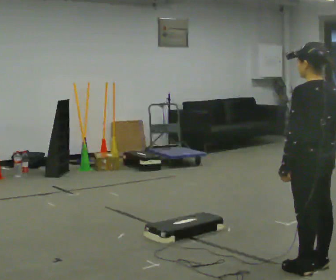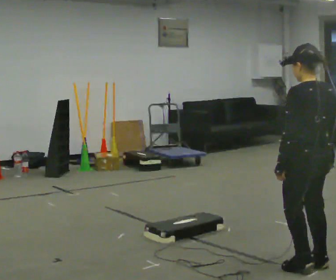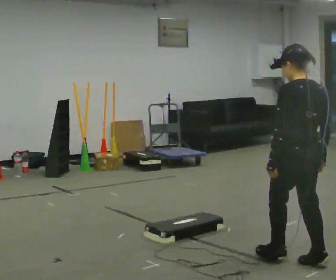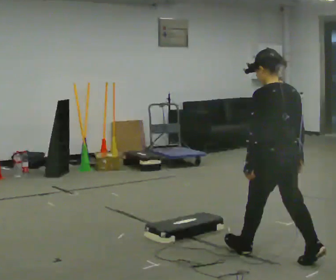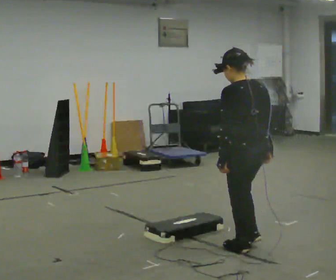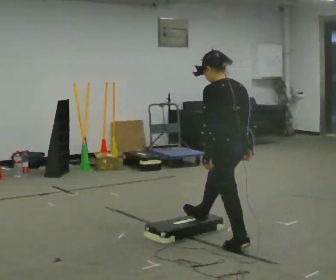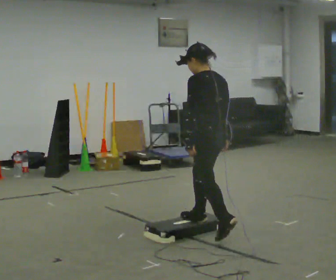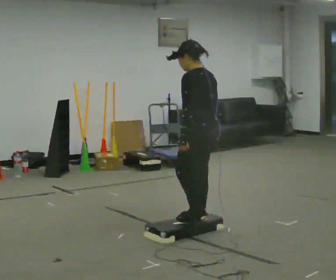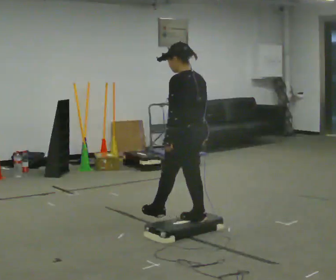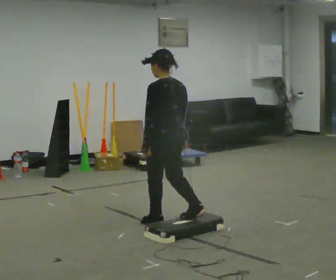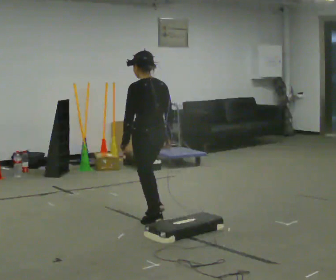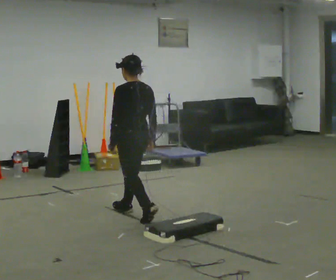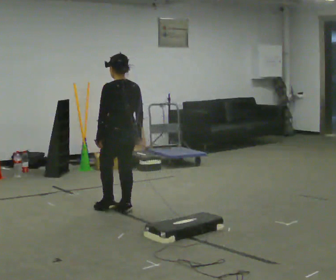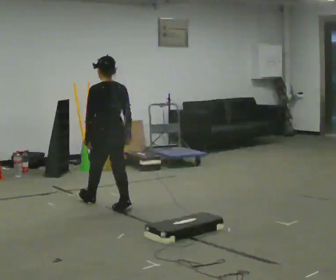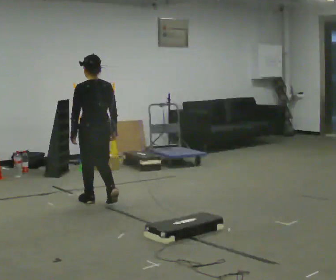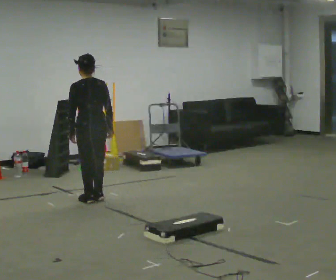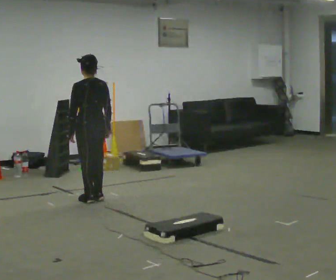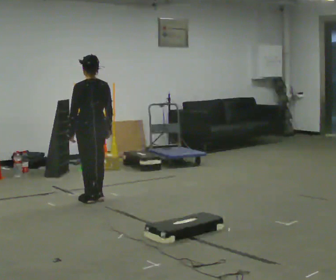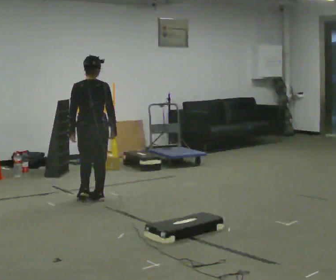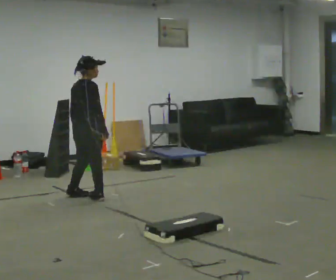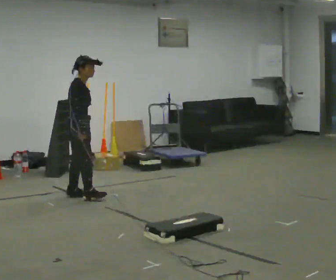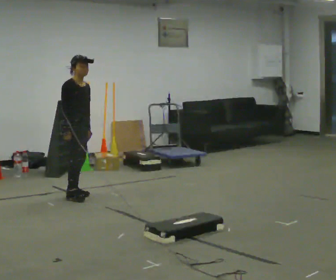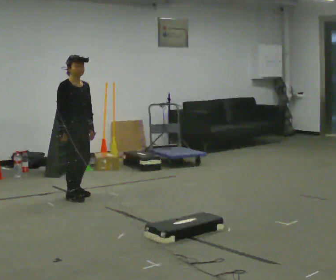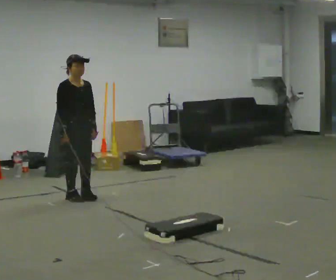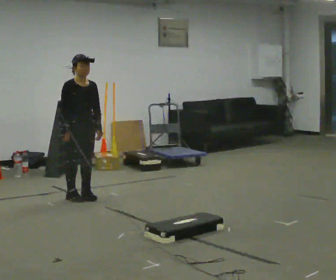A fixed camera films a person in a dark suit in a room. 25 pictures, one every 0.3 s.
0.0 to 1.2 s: In the picture they go away from the camera and to the left, about 0.5 m in 1 step, which for them is forward.
1.2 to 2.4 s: In the picture they go away from the camera and to the left, about 0.5 m in 1 step, which for them is forward.
2.4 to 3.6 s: In the picture they go away from the camera and to the left, about 1 m in 2 steps, which for them is forward.
3.6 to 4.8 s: In the picture they go away from the camera and to the left, about 0.5 m in 2 steps, which for them is forward.
4.8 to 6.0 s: The person turns about 120 degrees to their right, clockwise seen from above, so the part of the body nearest the lens slides to the left. In the picture they go to the left, about 0.25 m in 1 step.
6.0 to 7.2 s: The person turns about 45 degrees to their right, clockwise seen from above, so the part of the body nearest the lens slides to the left.
The film runs forward here.
